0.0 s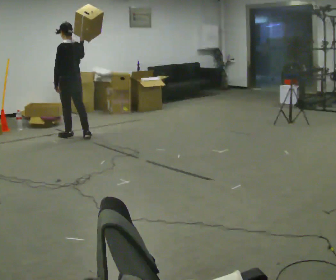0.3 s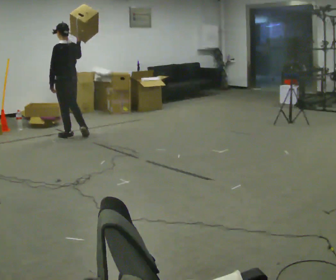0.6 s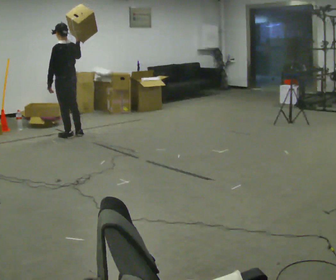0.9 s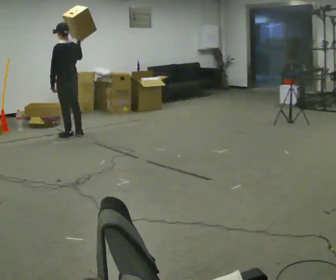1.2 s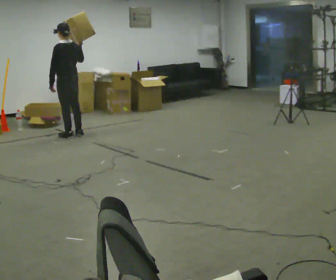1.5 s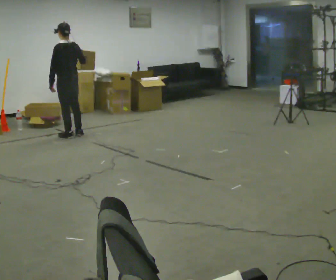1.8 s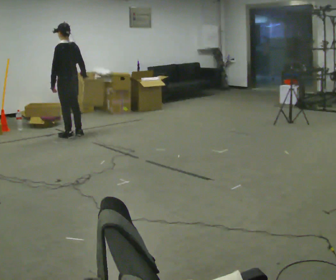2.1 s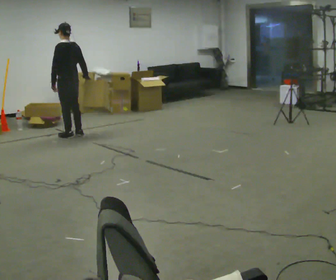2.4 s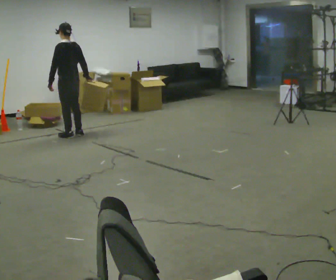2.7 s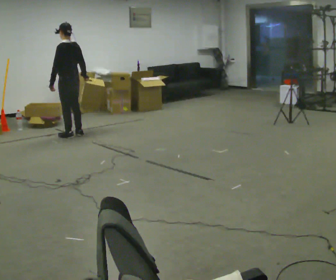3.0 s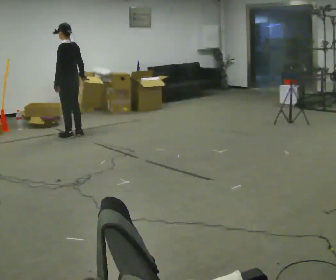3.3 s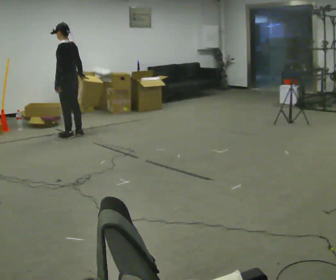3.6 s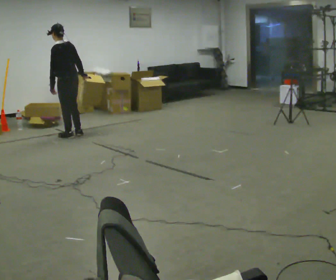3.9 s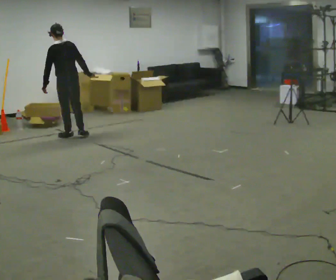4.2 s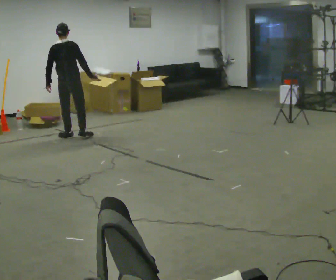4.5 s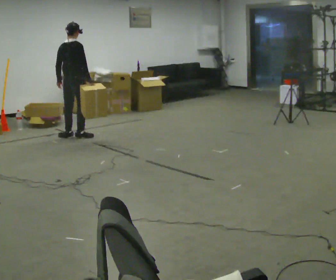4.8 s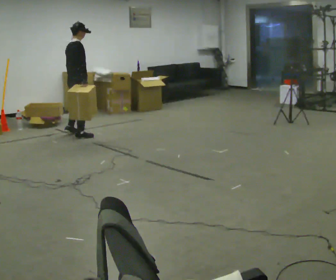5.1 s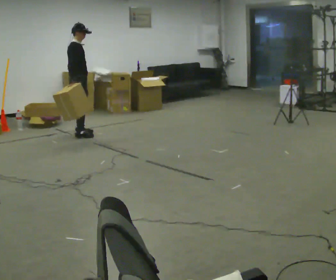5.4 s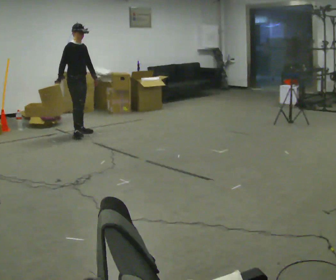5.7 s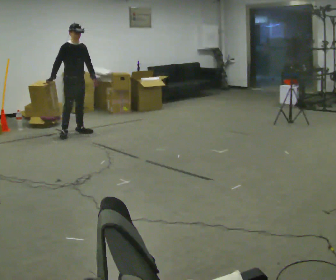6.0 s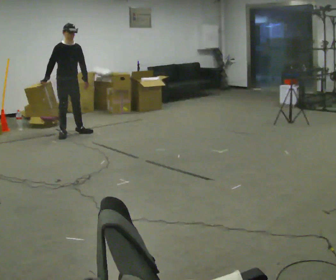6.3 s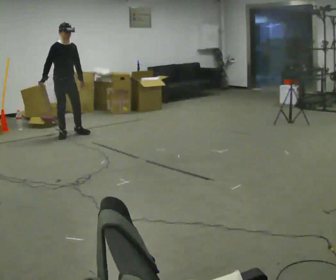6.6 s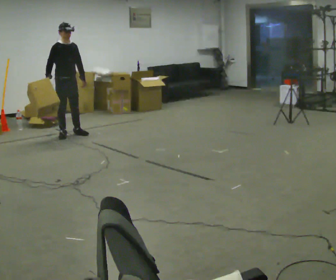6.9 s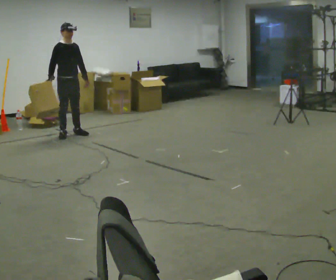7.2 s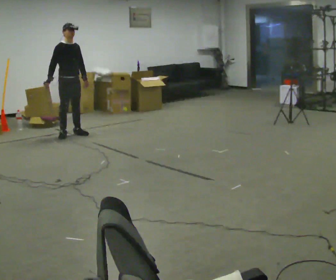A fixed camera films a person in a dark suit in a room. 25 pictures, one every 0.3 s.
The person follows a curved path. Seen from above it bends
counterclockwise.
0.0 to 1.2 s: The person moves a little, or ends about where they began.
1.2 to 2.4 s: In the picture their right hand goes downward.
2.4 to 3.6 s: The person moves a little, or ends about where they began.
3.6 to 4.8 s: The part of the body nearest the lens slides to the left as the person turns to their right by about 105 degrees.
4.8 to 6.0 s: Seen from above the body turns clockwise, about 90 degrees: to their right, with its near side sliding to the left. In the picture they go away from the camera, about 0.25 m in 2 steps. In the picture their right hand goes to the left.
6.0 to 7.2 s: The person moves a little, or ends about where they began.
The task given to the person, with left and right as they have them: Carry the box and, while walking, shift it to a different hold: front, then hip, then shoulder, then back to front. Do not stop walking.
The film runs forward here.
